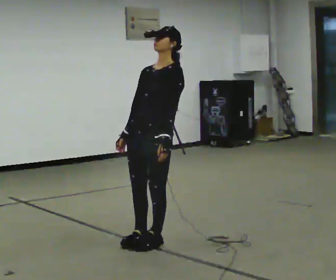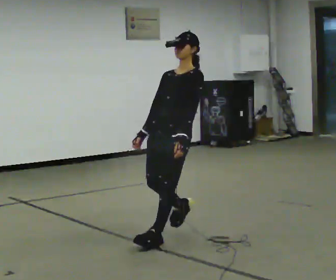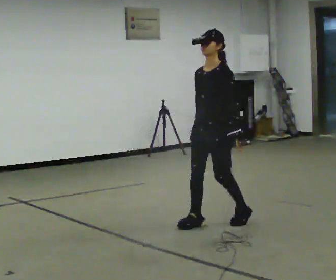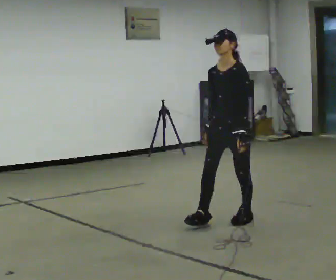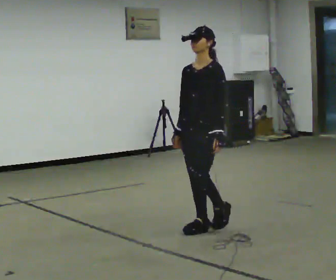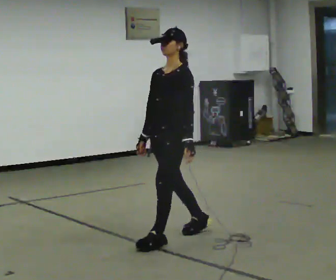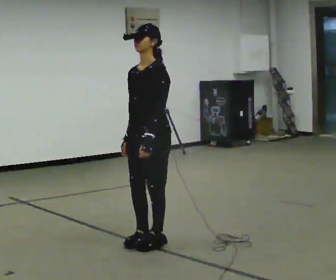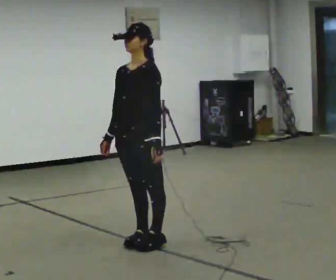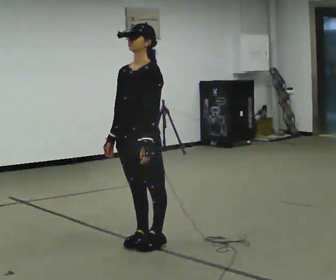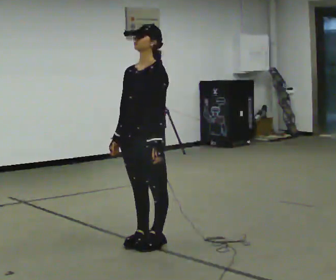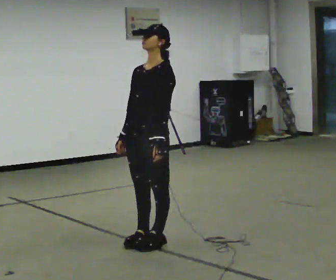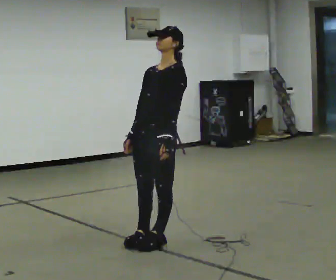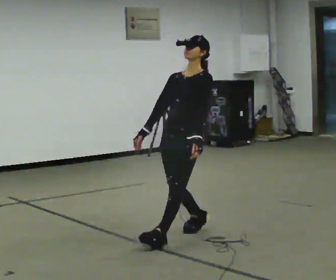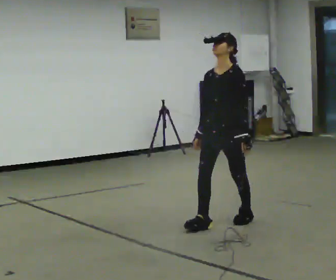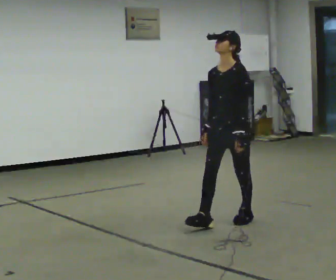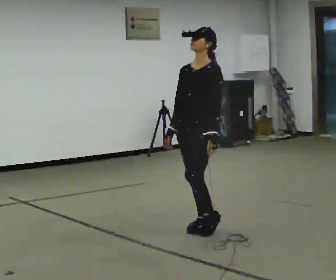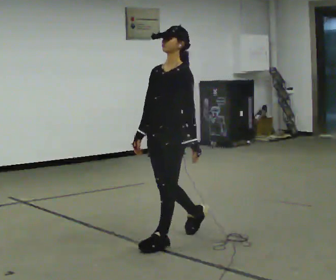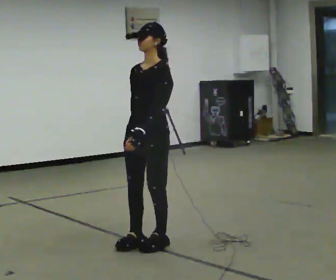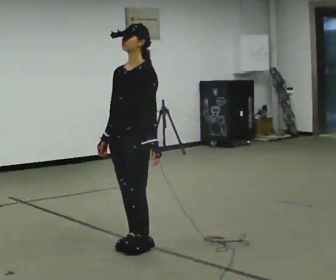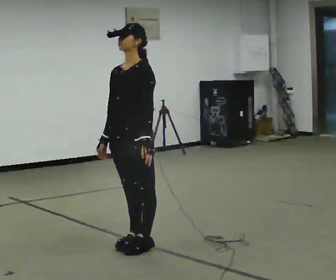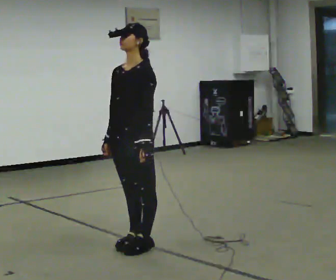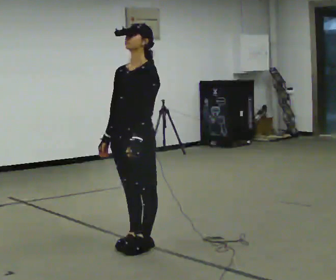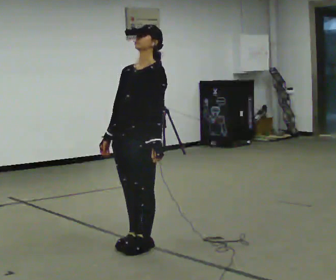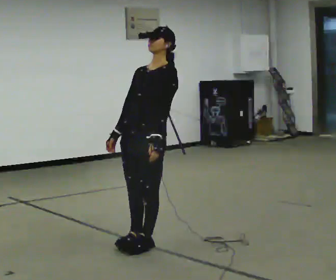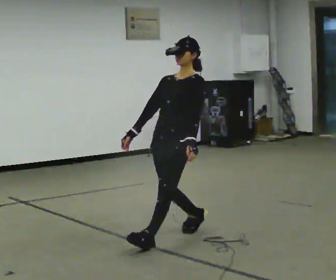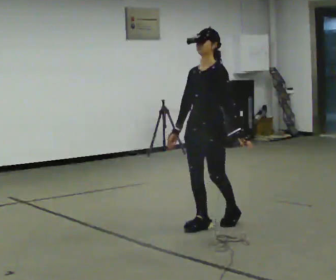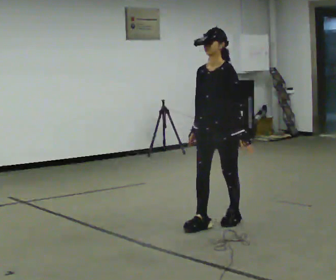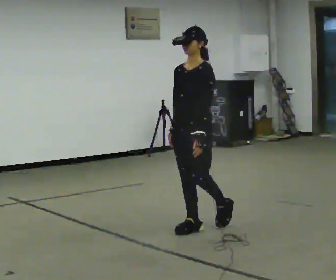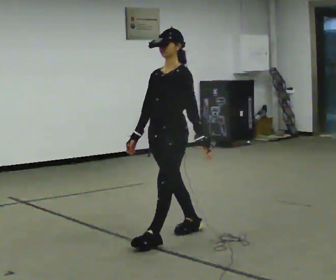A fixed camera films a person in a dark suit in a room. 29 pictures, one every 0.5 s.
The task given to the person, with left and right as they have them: Stand on the marked spots. Lean backward, keeping your body straight, until you cannot hold it, then step back to catch yourself. Return to the spots. Repeat at your own pace until the operator says stop. Go slowly and only as far as you are comfortable. Step whenever you need to; do not try to hold on longer than feels safe.
0.0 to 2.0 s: In the picture they go away from the camera and to the right, about 0.5 m in 3 steps, which for them is backward.
2.0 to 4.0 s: In the picture they go toward the camera and to the left, about 0.5 m in 2 steps, which for them is forward.
4.0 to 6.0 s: In the picture they go away from the camera and to the right, about 0.5 m, which for them is backward.
6.0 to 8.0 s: In the picture they go toward the camera, about 0.25 m in 3 steps, which for them is forward.
8.0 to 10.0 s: In the picture they go to the left and toward the camera, about 0.25 m in 1 step, which for them is forward.
10.0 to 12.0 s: In the picture they go away from the camera and to the right, about 0.5 m, which for them is backward.
12.0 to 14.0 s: The person moves a little, or ends about where they began.
The film runs forward here.
